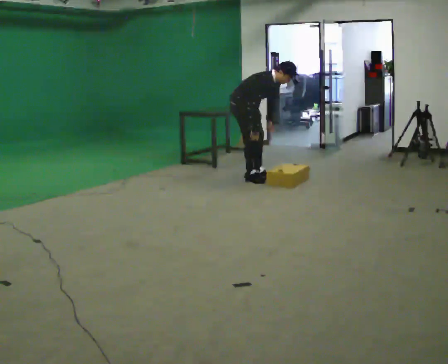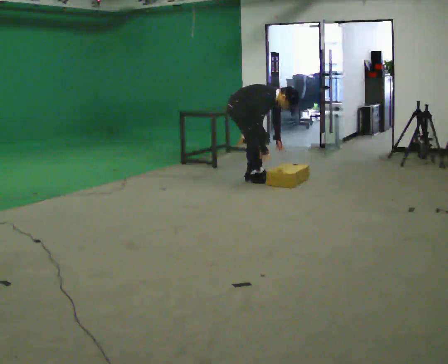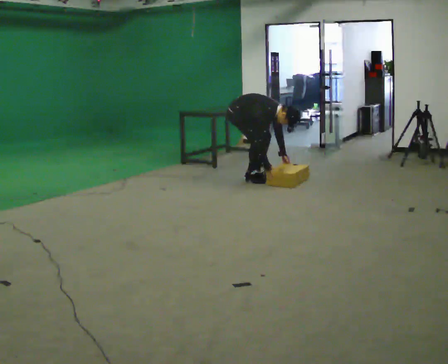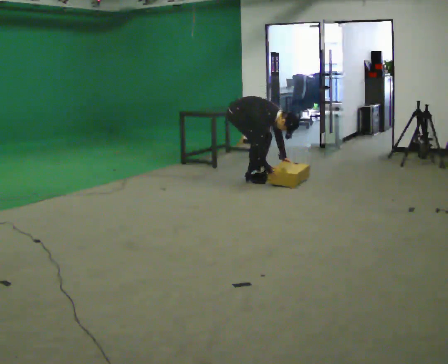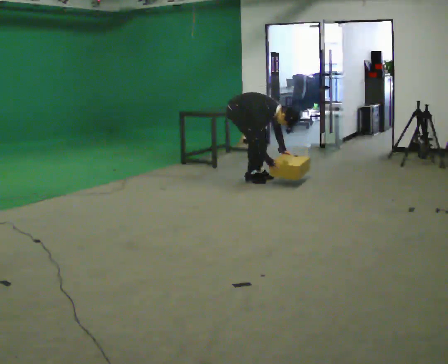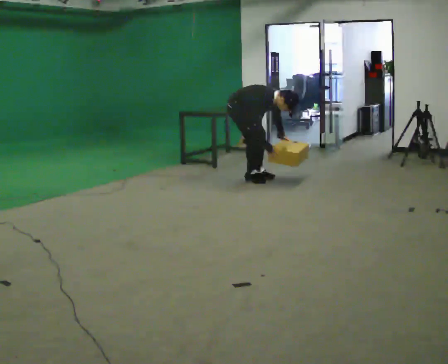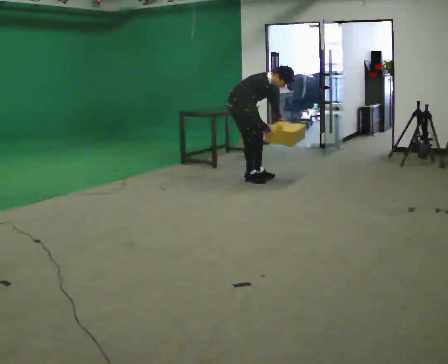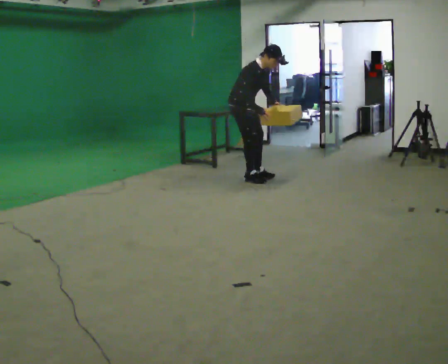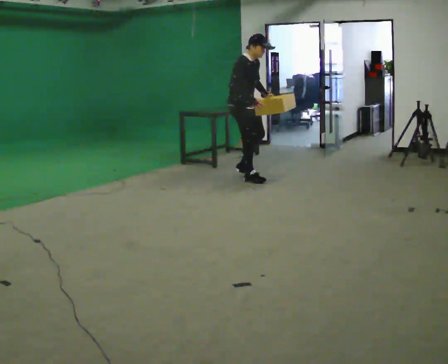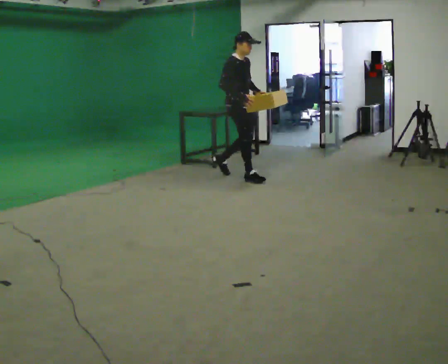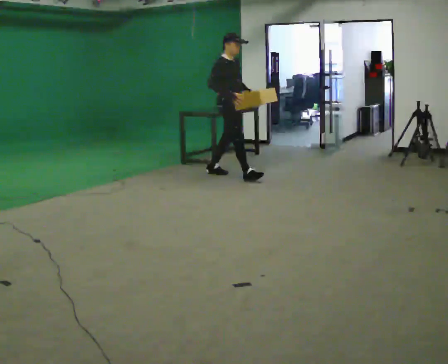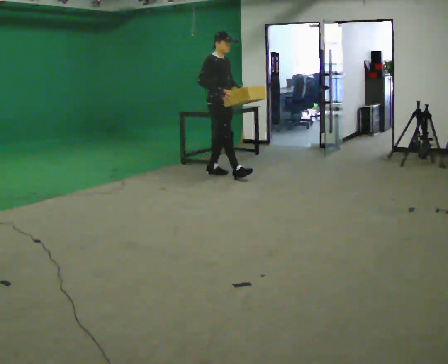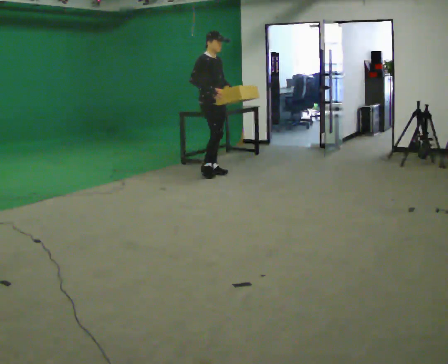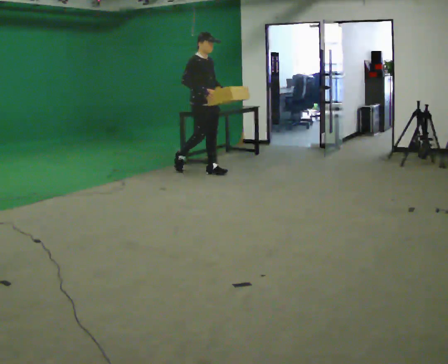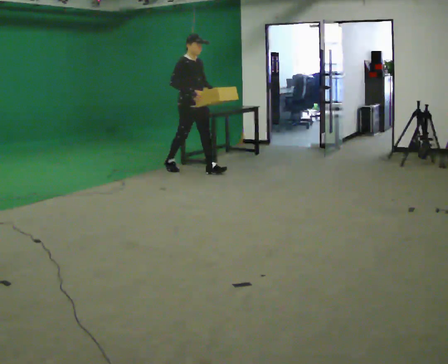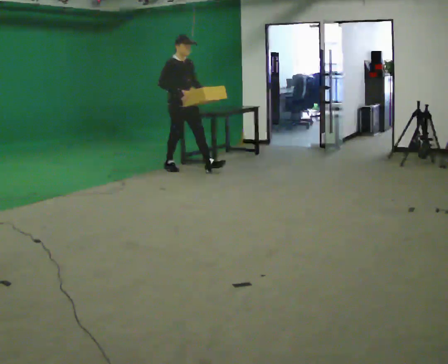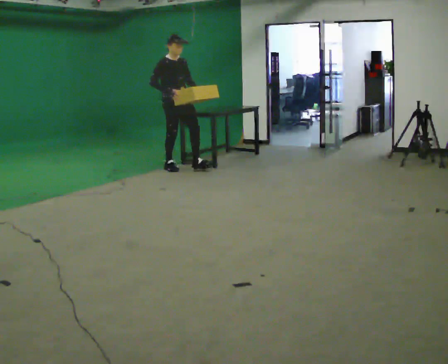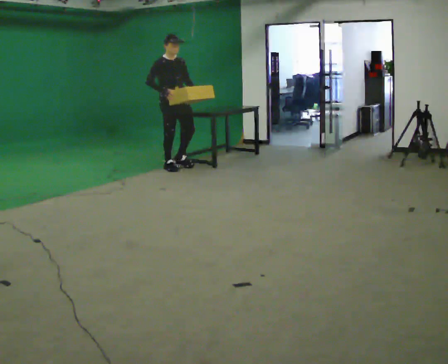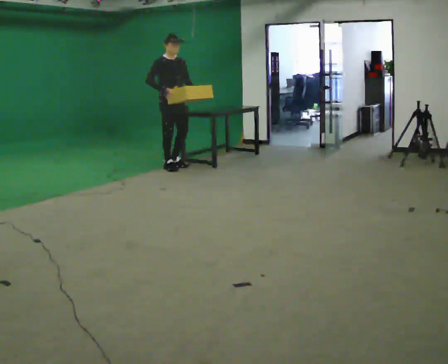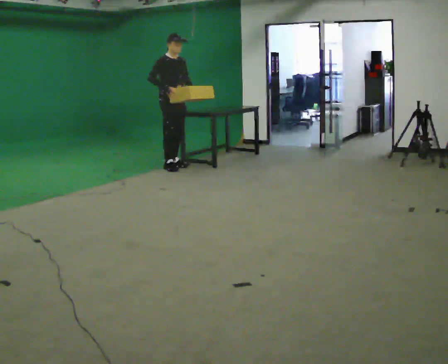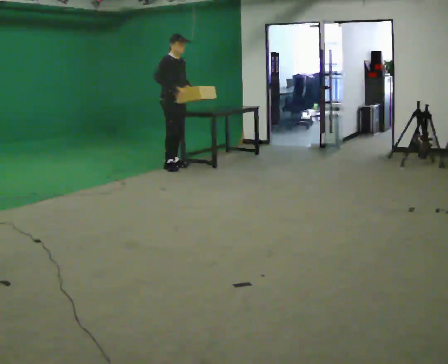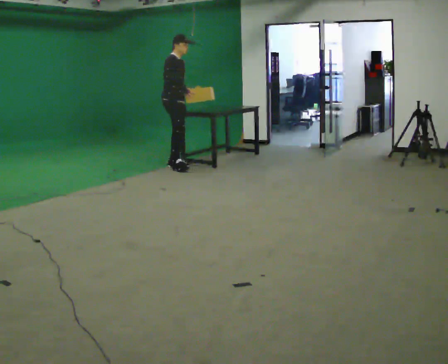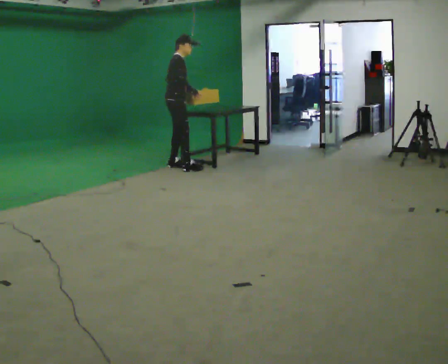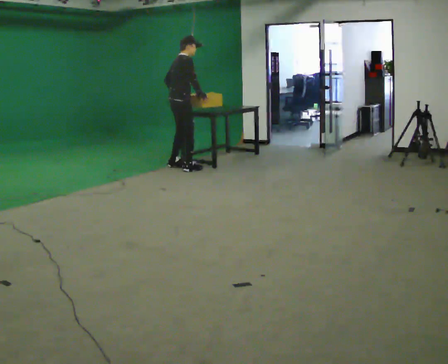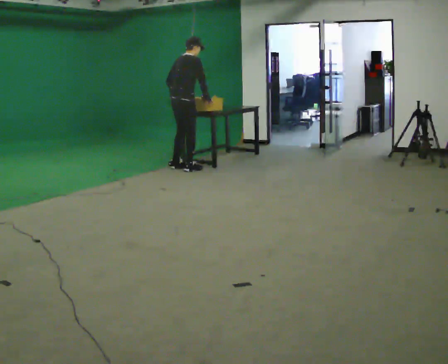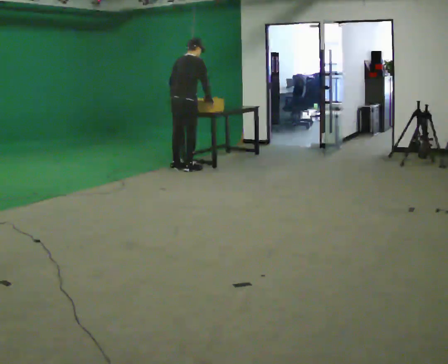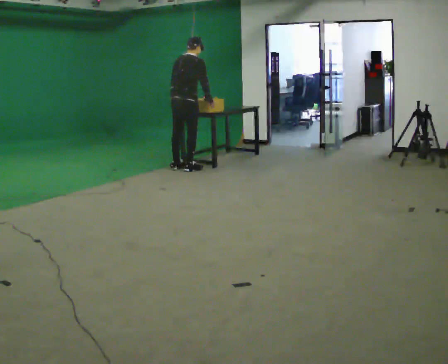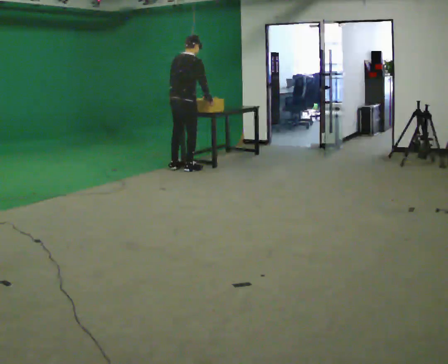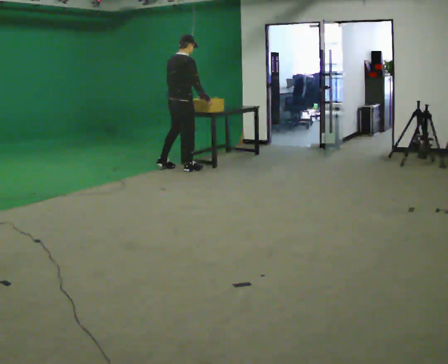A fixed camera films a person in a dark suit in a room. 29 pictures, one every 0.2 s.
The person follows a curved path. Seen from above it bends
clockwise.
0.0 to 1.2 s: The person moves a little, or ends about where they began.
1.2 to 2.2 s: In the picture they go to the left and away from the camera, about 0.25 m in 2 steps, which for them is backward. The upper body goes upward. In the picture the upper body tilts counterclockwise, shoulders to the left, as they lean back or straighten. In the picture their right hand goes upward.
2.2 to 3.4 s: In the picture they go to the left and away from the camera, about 0.5 m in 1 step, which for them is backward.
3.4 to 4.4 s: Seen from above the body turns counterclockwise, about 45 degrees: to their left, with its near side sliding to the right.
4.4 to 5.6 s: Seen from above the body turns counterclockwise, about 60 degrees: to their left, with its near side sliding to the right.
The film runs backward here.
